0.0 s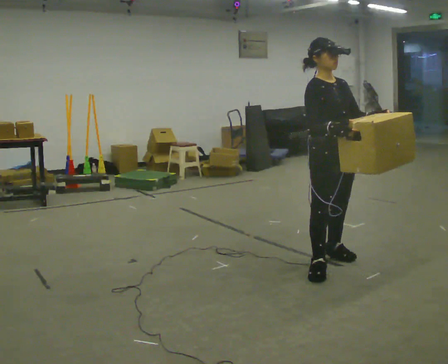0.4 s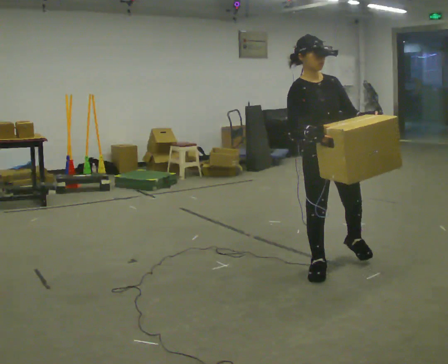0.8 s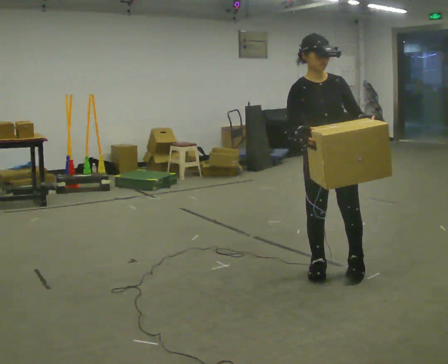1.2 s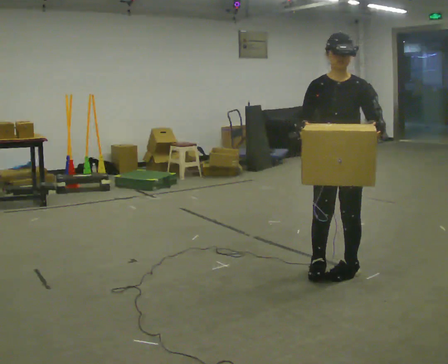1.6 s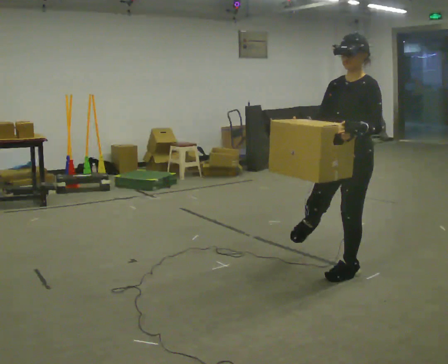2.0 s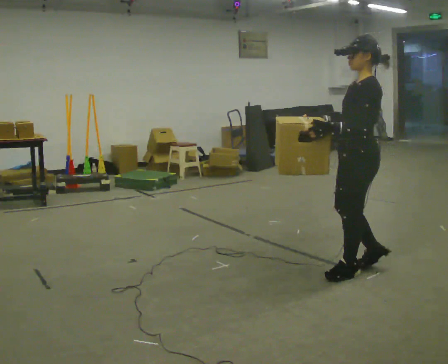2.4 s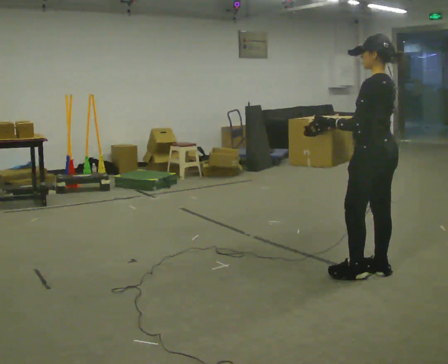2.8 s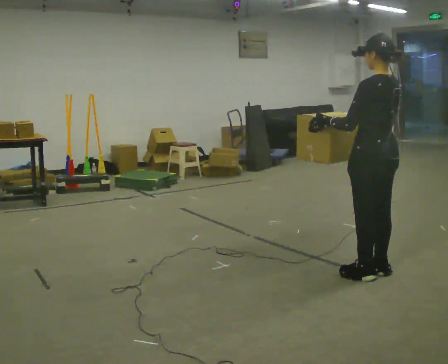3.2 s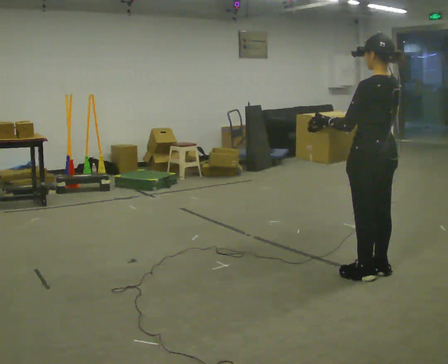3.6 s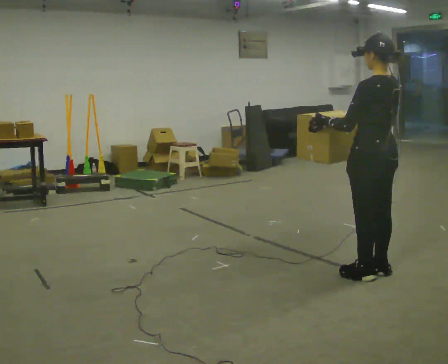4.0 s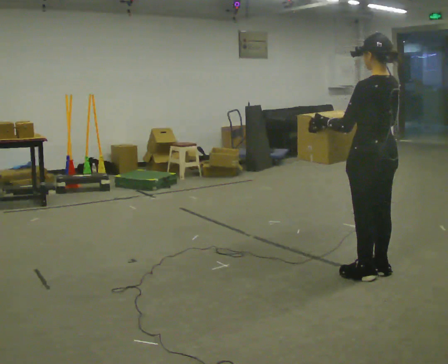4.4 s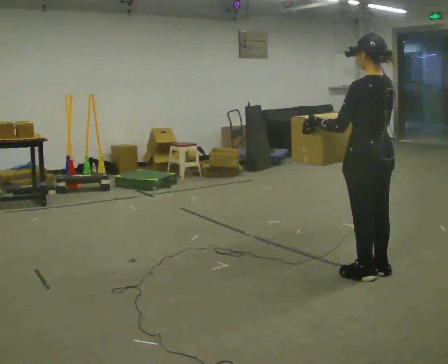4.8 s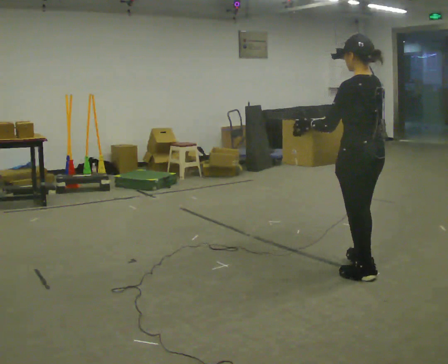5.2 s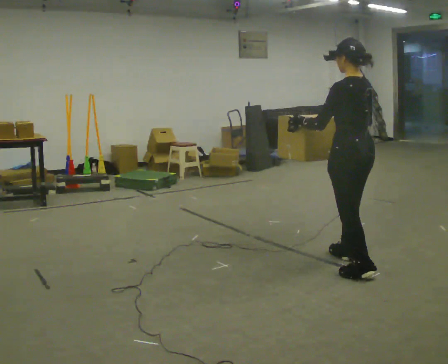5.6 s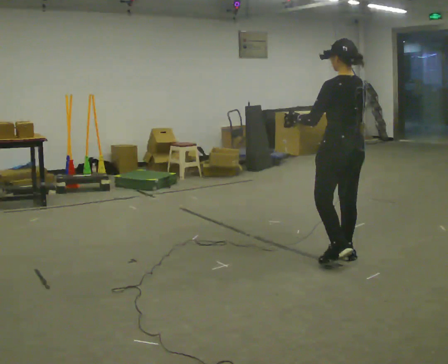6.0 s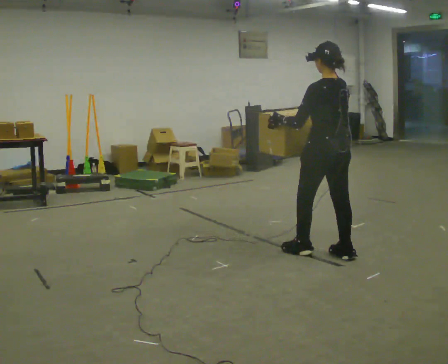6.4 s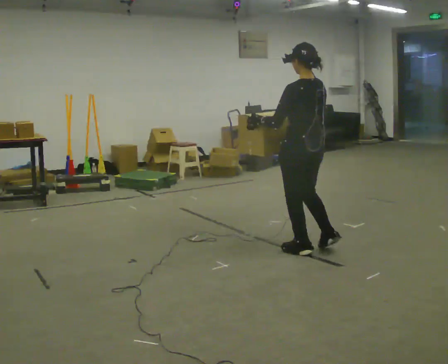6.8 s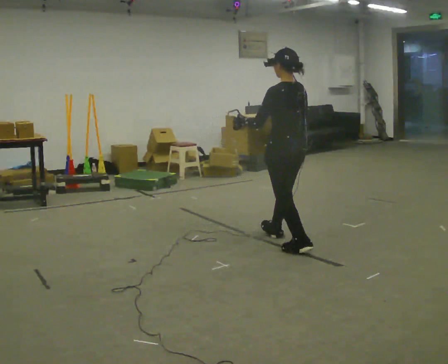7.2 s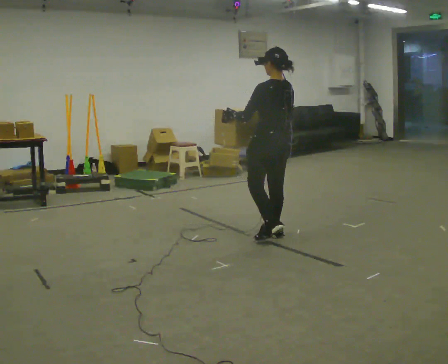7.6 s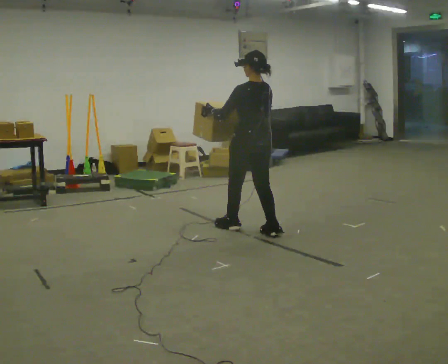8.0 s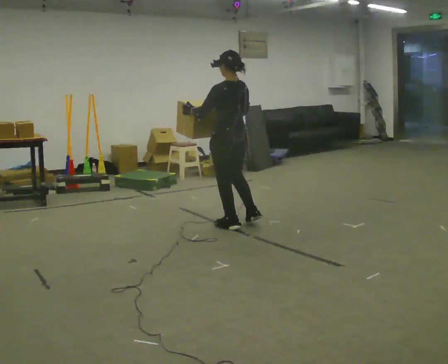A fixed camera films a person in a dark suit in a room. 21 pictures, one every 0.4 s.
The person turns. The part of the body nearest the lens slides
to the left.
The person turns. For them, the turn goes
to their right.
0.0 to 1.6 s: Seen from above the body turns clockwise, about 90 degrees: to their right, with its near side sliding to the left. In the picture they go toward the camera, about 0.25 m in 2 steps.
1.6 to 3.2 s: The part of the body nearest the lens slides to the left as the person turns to their right by about 105 degrees. In the picture they go to the right, about 0.25 m. In the picture their right hand goes to the right.
3.2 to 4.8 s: The person moves a little, or ends about where they began.
4.8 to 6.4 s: In the picture they go to the left and away from the camera, about 0.75 m in 2 steps, which for them is forward.
6.4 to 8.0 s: In the picture they go to the left and away from the camera, about 1 m in 2 steps, which for them is forward.
The film runs backward here.
